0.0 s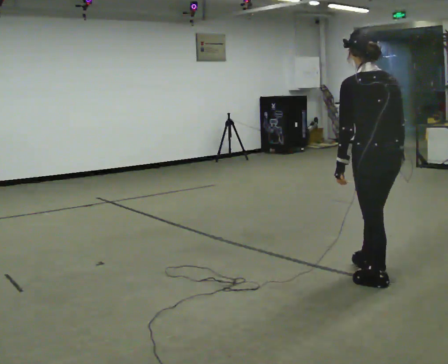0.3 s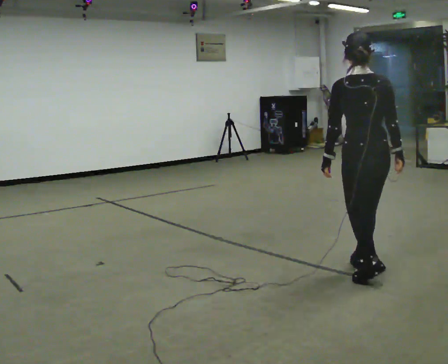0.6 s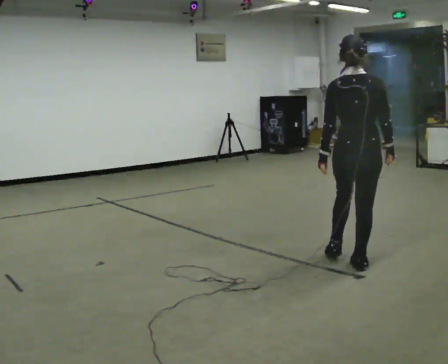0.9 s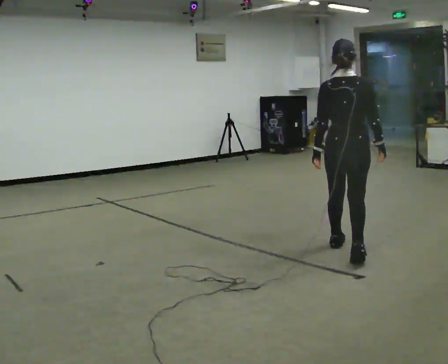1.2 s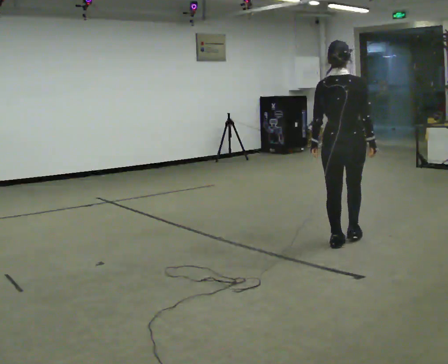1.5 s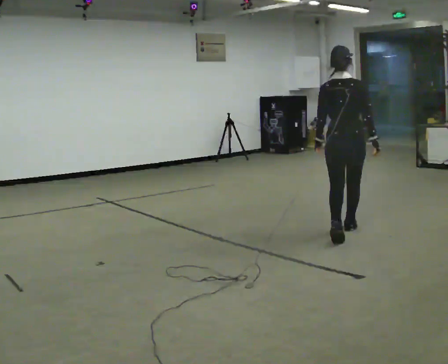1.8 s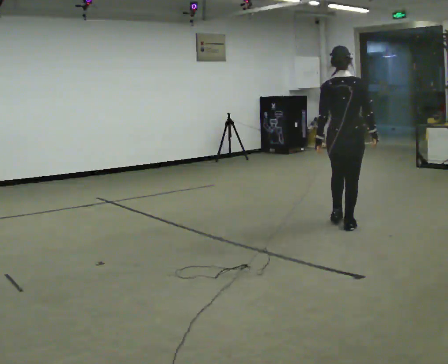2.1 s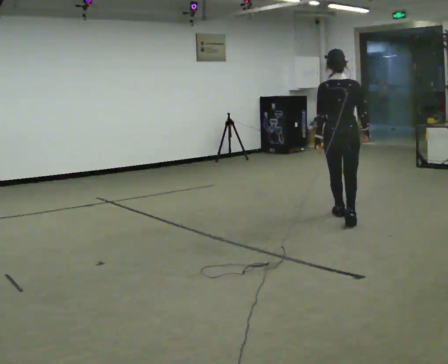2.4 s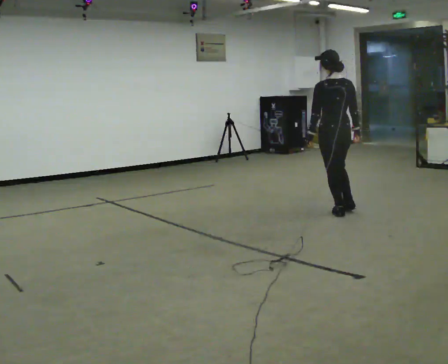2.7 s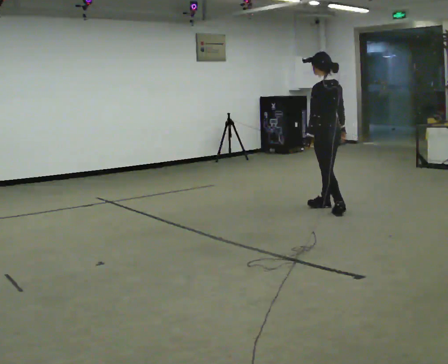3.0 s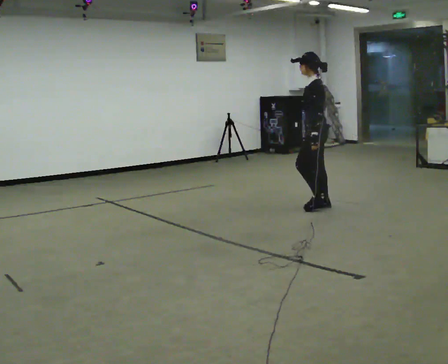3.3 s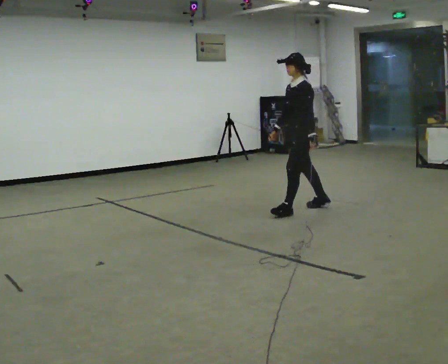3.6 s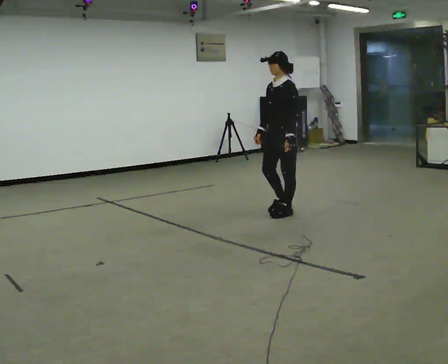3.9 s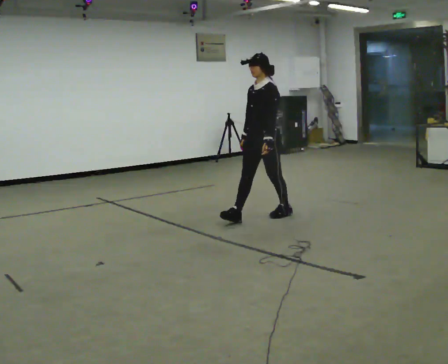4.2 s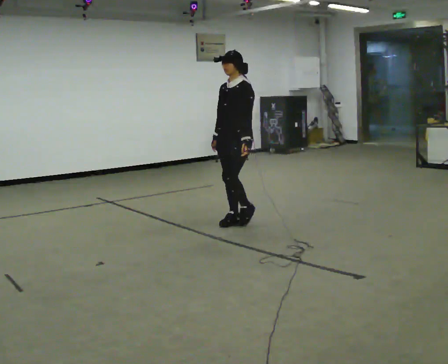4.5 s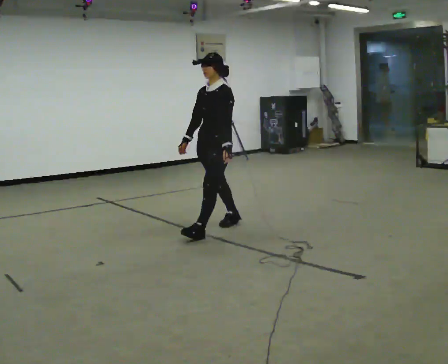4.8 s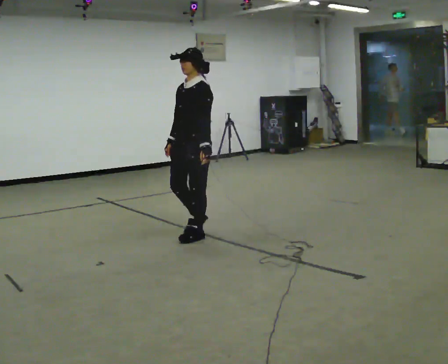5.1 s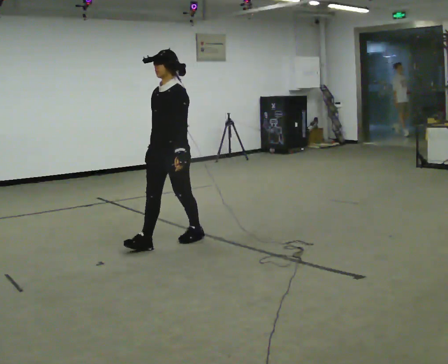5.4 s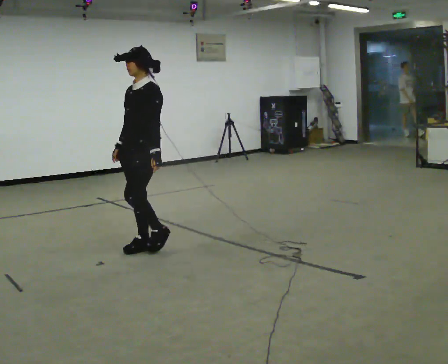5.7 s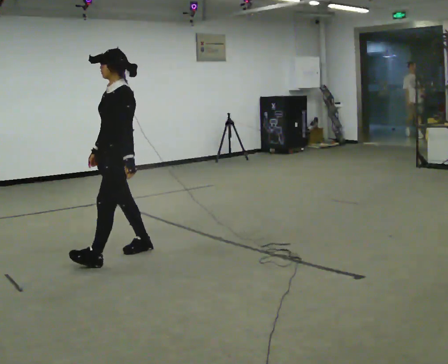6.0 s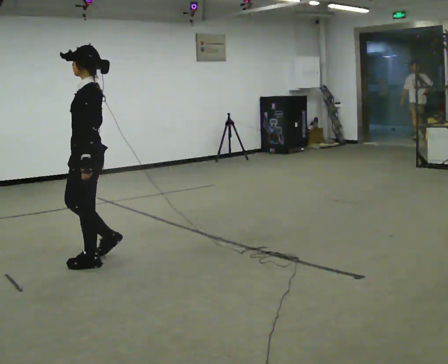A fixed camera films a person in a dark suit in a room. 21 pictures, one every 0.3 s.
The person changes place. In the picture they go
to the left.
0.0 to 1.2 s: The part of the body nearest the lens slides to the left as the person turns to their right by about 30 degrees. In the picture they go away from the camera, about 1 m in 2 steps, which for them is forward.
1.2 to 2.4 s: The part of the body nearest the lens slides to the right as the person turns to their left by about 30 degrees. In the picture they go away from the camera, about 1 m in 2 steps, which for them is forward.
2.4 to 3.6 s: Seen from above the body turns counterclockwise, about 105 degrees: to their left, with its near side sliding to the right. In the picture they go to the left, about 0.5 m in 2 steps.
3.6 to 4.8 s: In the picture they go toward the camera and to the left, about 1 m in 2 steps, which for them is forward.
4.8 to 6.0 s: The part of the body nearest the lens slides to the left as the person turns to their right by about 30 degrees. In the picture they go toward the camera and to the left, about 1 m in 2 steps, which for them is forward.
The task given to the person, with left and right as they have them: Walk through 3–5 turns in sequence; keep moving; stop at end.
The film runs forward here.
